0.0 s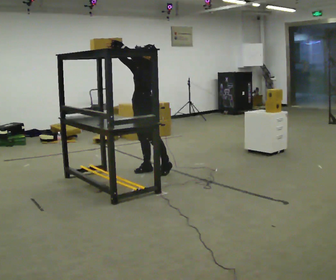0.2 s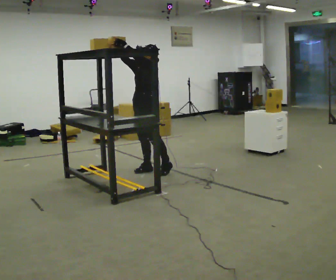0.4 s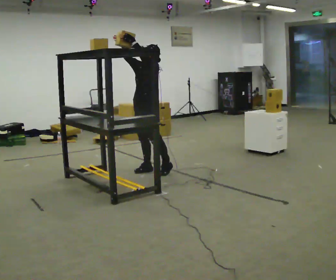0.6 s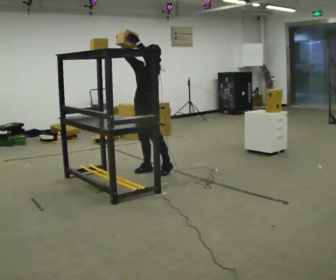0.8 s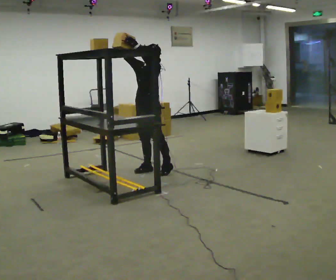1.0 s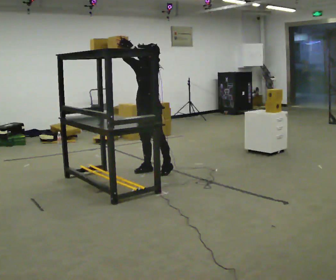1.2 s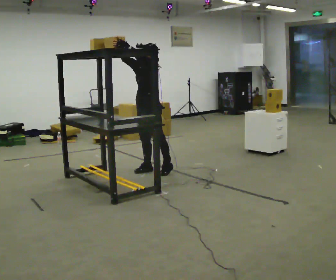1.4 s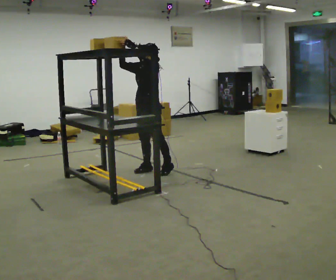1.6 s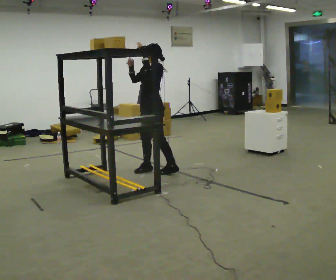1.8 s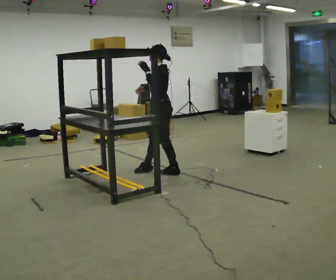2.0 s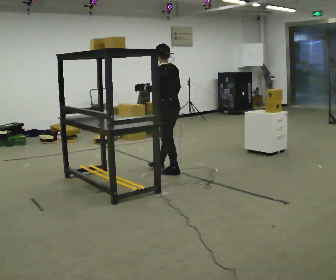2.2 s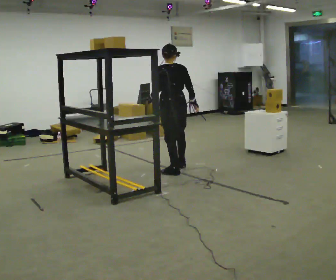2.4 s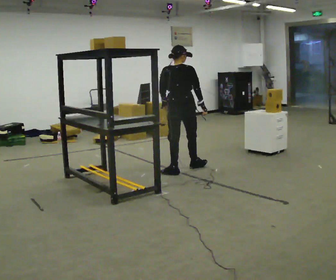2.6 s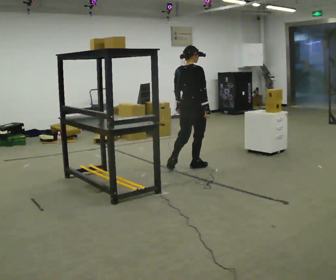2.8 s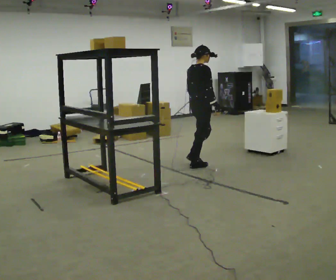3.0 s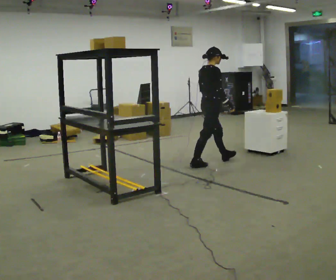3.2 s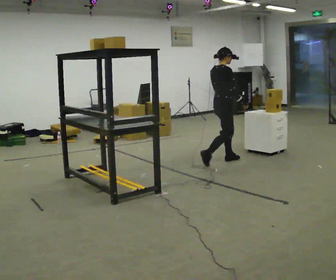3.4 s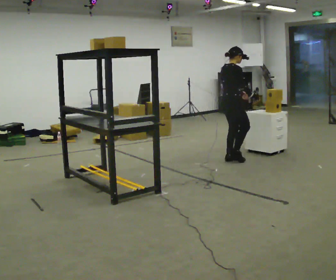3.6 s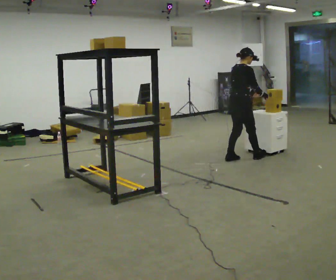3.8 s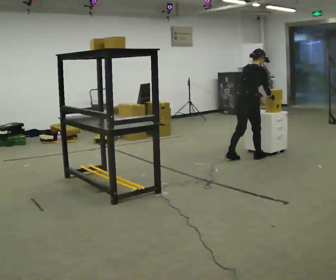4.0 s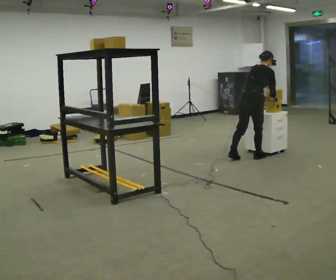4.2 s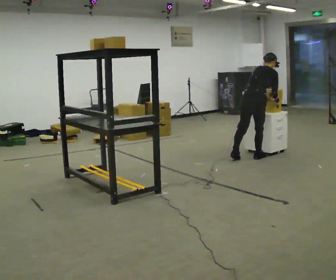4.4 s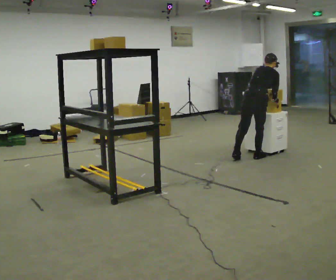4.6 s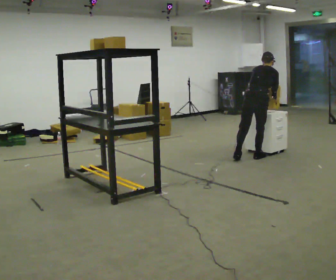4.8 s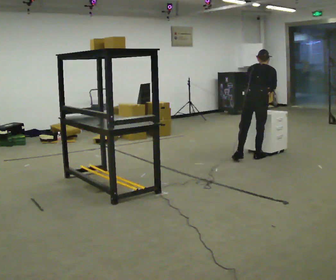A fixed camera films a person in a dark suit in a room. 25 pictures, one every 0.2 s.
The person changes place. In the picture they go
to the right.
0.0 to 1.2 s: The person moves a little, or ends about where they began.
1.2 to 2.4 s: The person turns about 135 degrees to their right, clockwise seen from above, so the part of the body nearest the lens slides to the left. In the picture they go to the right, about 0.5 m in 1 step. In the picture their right hand goes downward.
2.4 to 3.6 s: The part of the body nearest the lens slides to the left as the person turns to their right by about 60 degrees. In the picture they go to the right and away from the camera, about 1 m in 2 steps. In the picture the upper body tilts clockwise, shoulders to the right.
3.6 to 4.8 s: The person turns about 45 degrees to their left, counterclockwise seen from above, so the part of the body nearest the lens slides to the right. In the picture they go to the right, about 0.25 m, which for them is to their right and forward.
The film runs forward here.
